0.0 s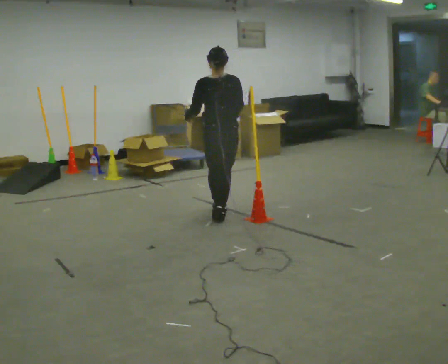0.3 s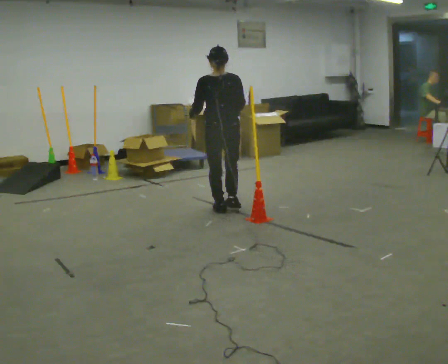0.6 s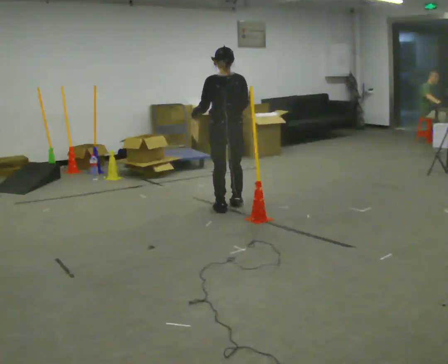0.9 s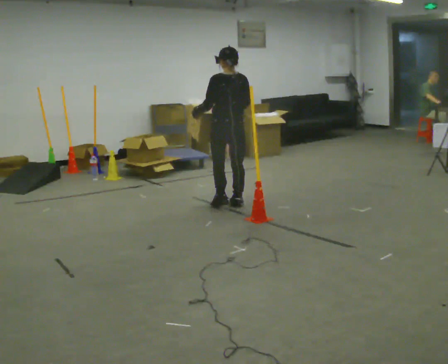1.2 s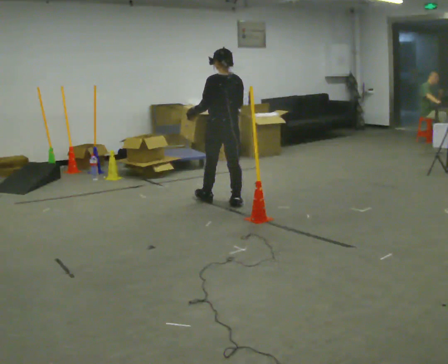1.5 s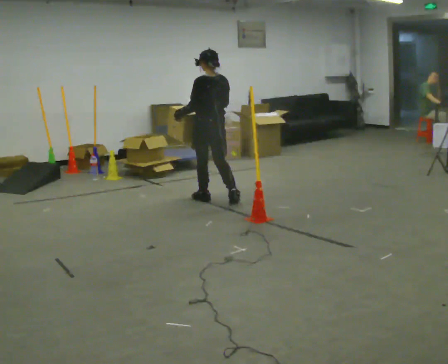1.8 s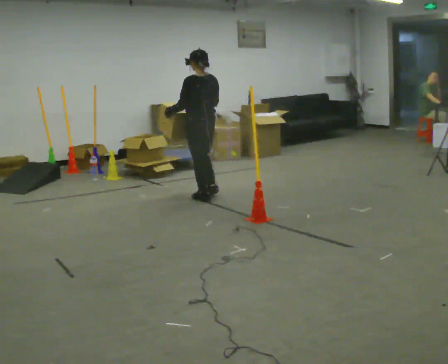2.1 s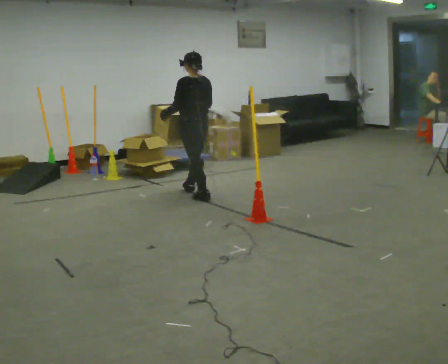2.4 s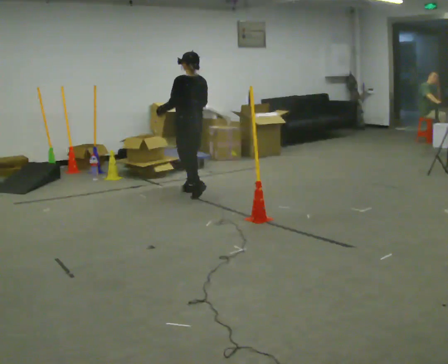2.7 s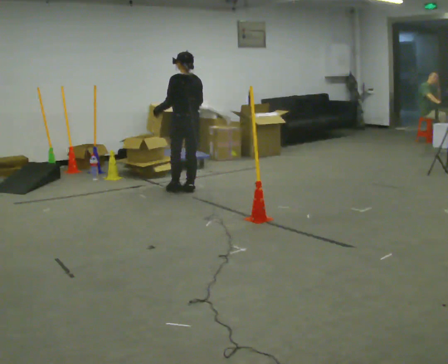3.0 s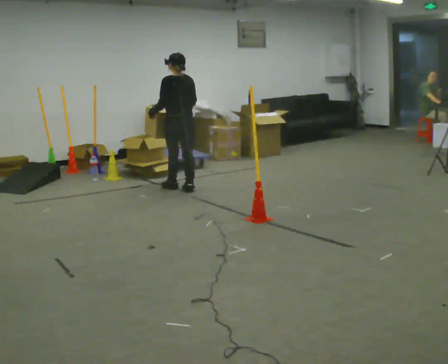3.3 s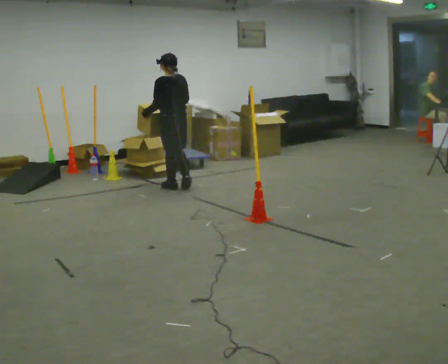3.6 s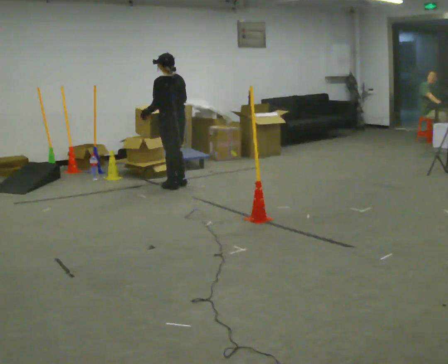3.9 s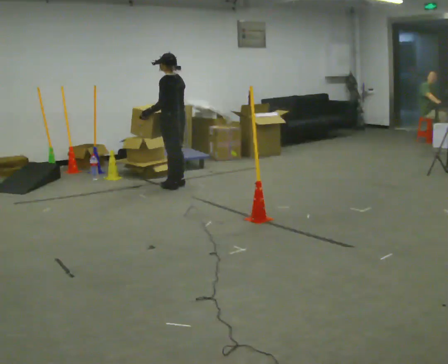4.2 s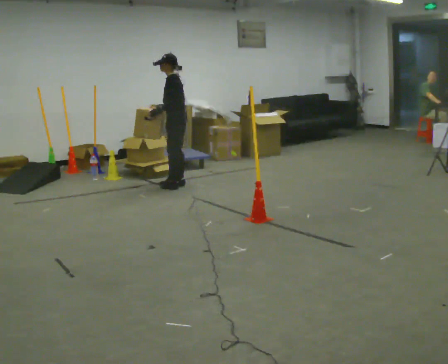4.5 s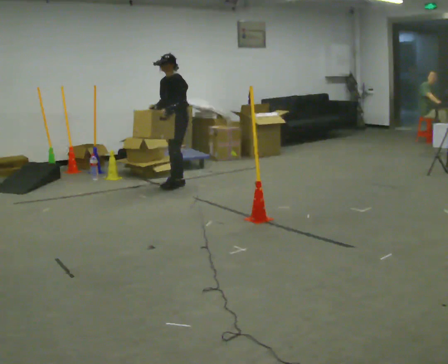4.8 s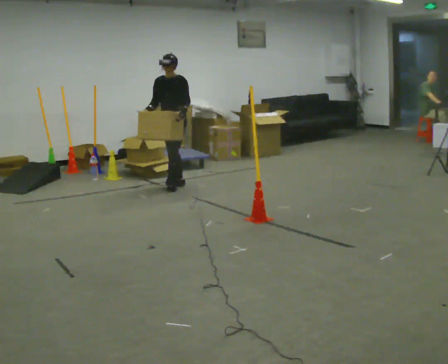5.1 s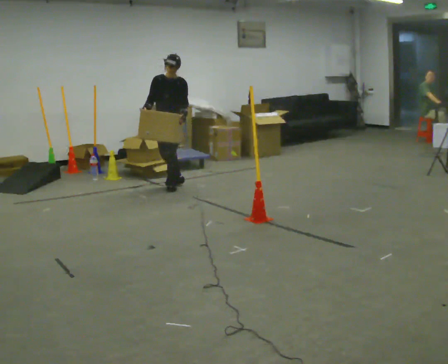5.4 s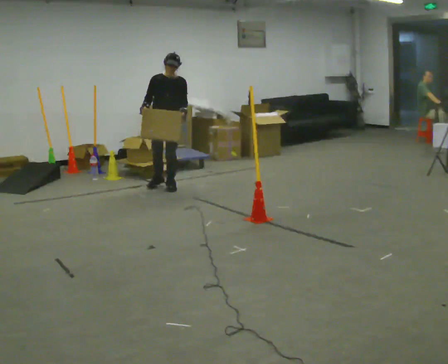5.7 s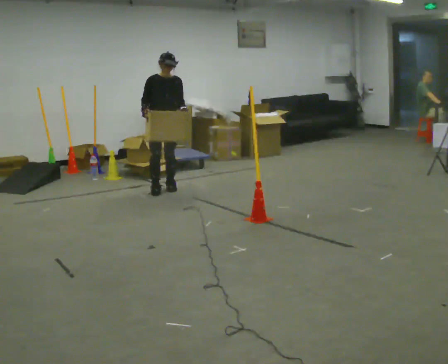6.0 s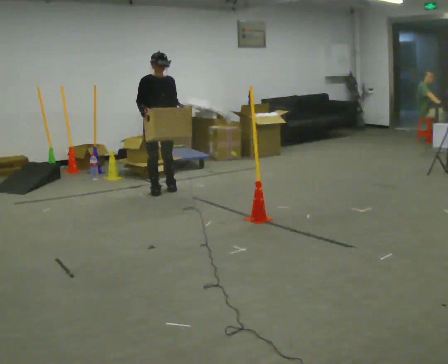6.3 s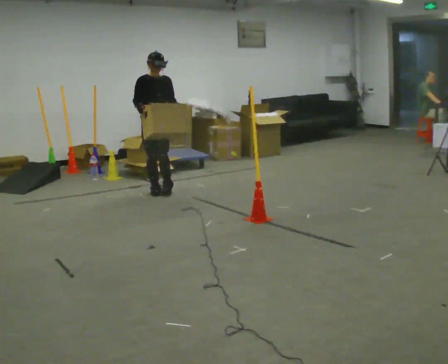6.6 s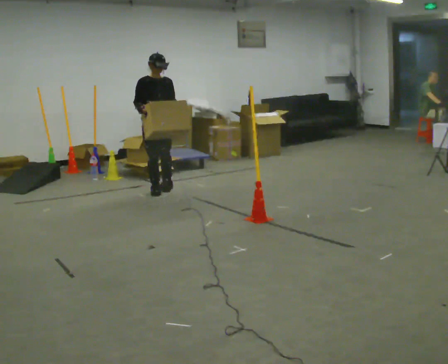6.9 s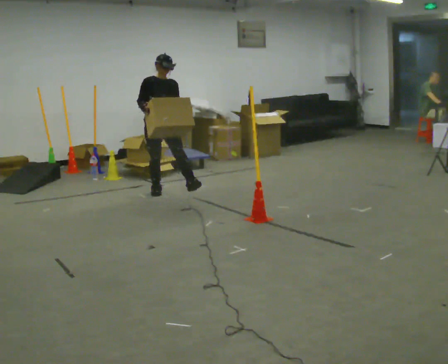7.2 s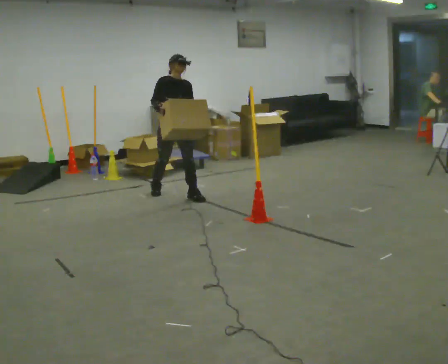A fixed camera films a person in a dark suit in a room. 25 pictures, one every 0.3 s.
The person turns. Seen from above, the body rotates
counterclockwise.
The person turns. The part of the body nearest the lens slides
to the right.
0.0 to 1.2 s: The person turns about 30 degrees to their left, counterclockwise seen from above, so the part of the body nearest the lens slides to the right. In the picture they go away from the camera, about 0.5 m in 1 step, which for them is forward.
1.2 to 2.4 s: In the picture they go away from the camera and to the left, about 0.5 m in 2 steps, which for them is forward.
2.4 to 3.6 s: In the picture they go away from the camera and to the left, about 0.25 m in 1 step, which for them is forward.
3.6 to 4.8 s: The person turns about 105 degrees to their left, counterclockwise seen from above, so the part of the body nearest the lens slides to the right. In the picture they go away from the camera, about 0.25 m in 1 step. In the picture their right hand goes to the left, the arm swinging clockwise.
4.8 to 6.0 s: The part of the body nearest the lens slides to the right as the person turns to their left by about 60 degrees. In the picture they go toward the camera and to the left, about 0.25 m in 1 step, which for them is forward and to their right.
6.0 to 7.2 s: In the picture they go toward the camera and to the right, about 0.25 m in 1 step, which for them is forward.
The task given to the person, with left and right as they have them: Carry the box across the room. The operator will step into your path partway across, so go around them and carry on. Keep going until the operator says stop; one object at a time, and do not rush between trips.
The film runs forward here.
